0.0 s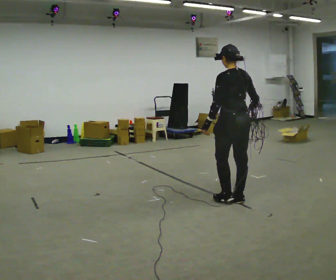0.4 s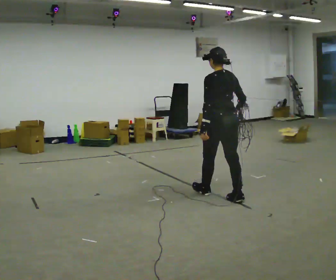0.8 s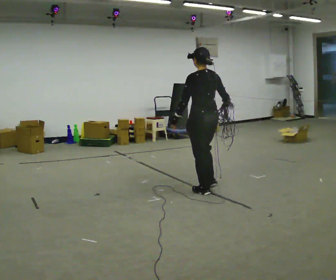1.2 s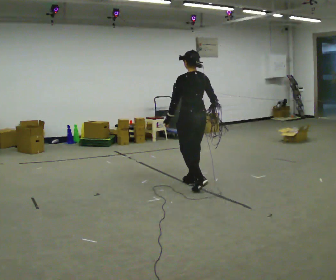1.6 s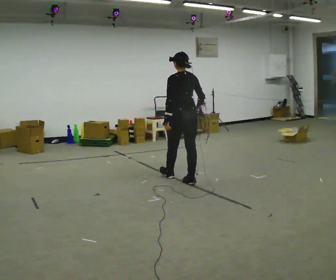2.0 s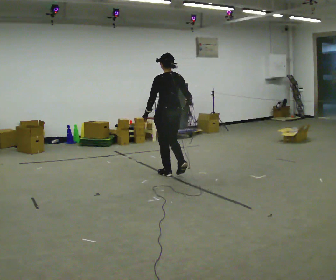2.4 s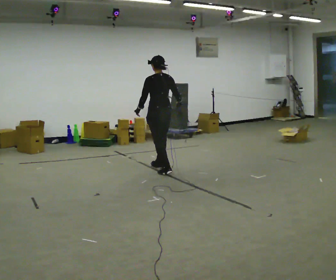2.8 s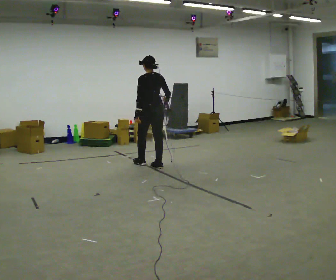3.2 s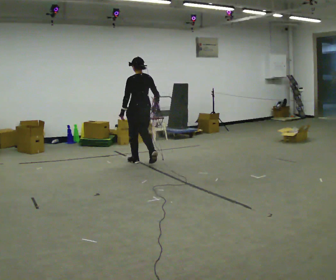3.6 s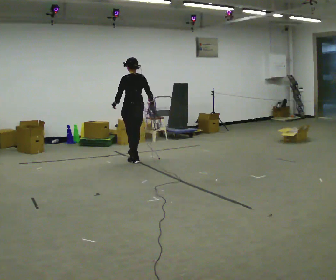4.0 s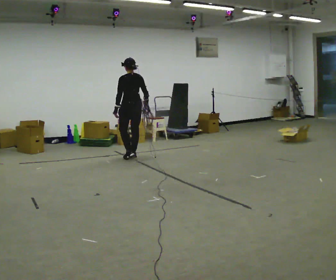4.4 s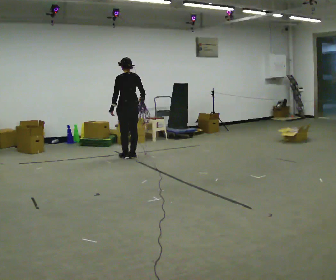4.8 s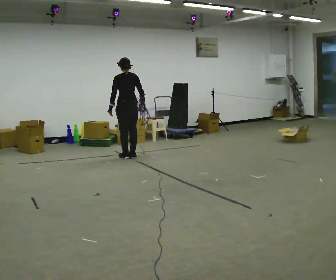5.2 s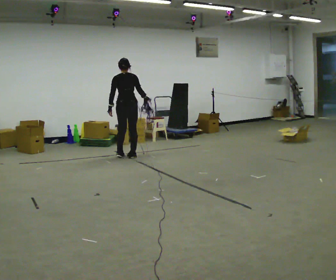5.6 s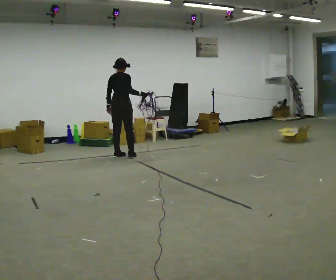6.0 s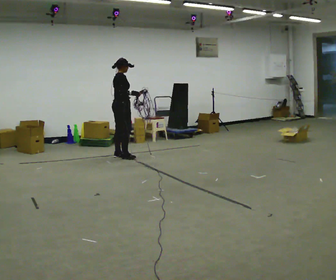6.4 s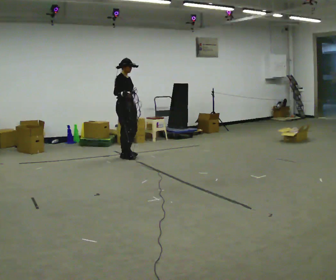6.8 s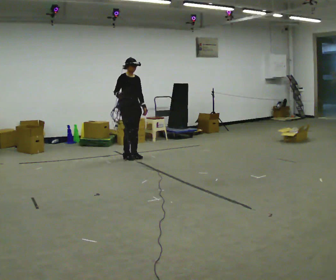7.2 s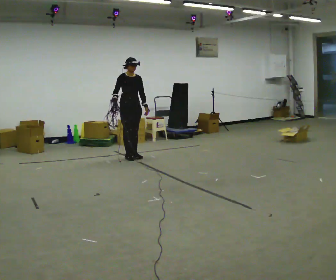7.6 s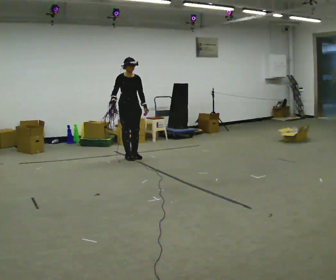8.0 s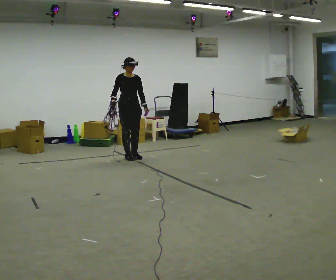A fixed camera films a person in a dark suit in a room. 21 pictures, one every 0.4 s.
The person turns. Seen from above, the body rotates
clockwise.
The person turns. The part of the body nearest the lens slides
to the left.
0.0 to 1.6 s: In the picture they go away from the camera and to the left, about 1 m in 2 steps, which for them is forward.
1.6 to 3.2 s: In the picture they go away from the camera and to the left, about 1 m in 3 steps, which for them is forward.
3.2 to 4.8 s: In the picture they go away from the camera and to the left, about 0.5 m in 2 steps, which for them is forward.
4.8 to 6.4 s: The part of the body nearest the lens slides to the left as the person turns to their right by about 135 degrees. In the picture their right hand goes to the left.
6.4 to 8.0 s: The part of the body nearest the lens slides to the left as the person turns to their right by about 45 degrees.
The film runs forward here.
